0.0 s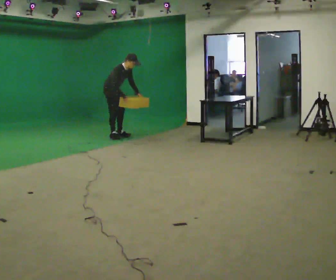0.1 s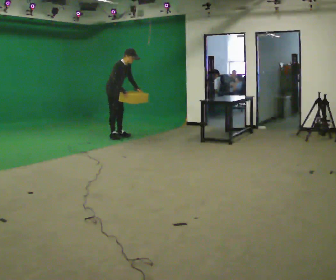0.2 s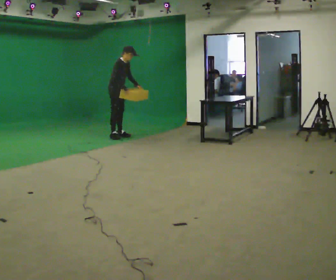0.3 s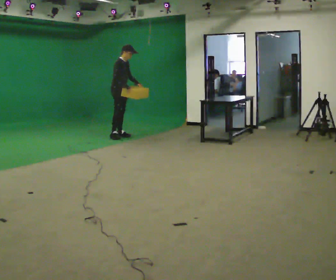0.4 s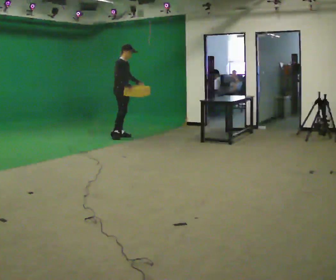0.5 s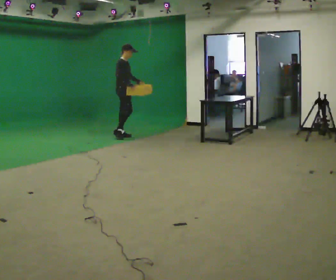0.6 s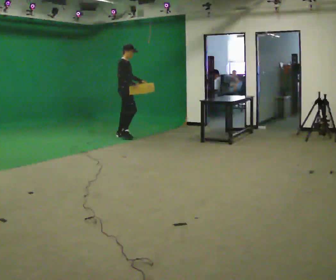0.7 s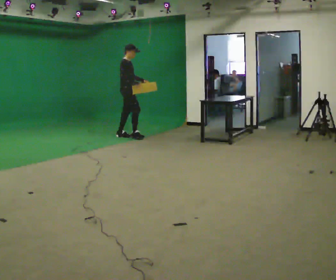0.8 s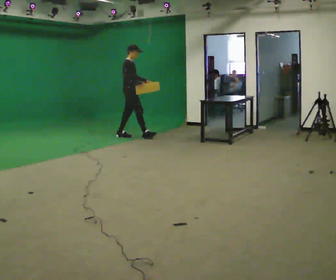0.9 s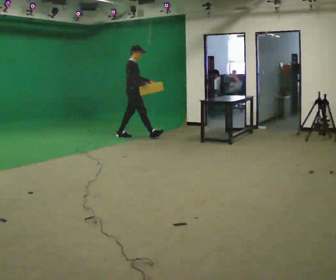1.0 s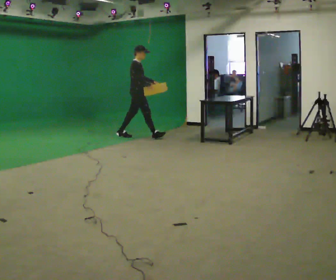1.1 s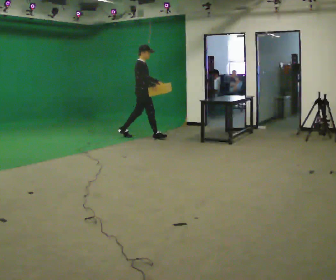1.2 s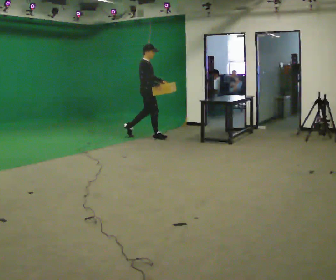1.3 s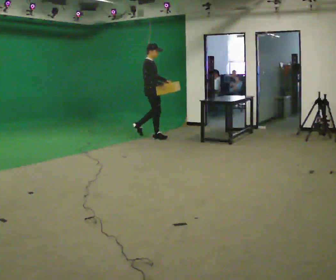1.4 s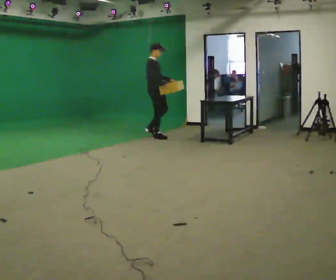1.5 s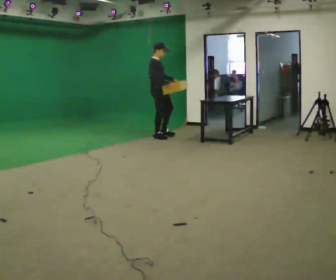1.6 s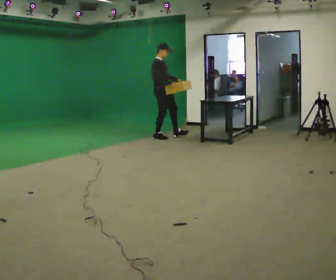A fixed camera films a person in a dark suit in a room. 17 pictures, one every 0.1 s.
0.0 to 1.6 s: In the picture they go to the right, about 1 m in 1 step, which for them is forward. In the picture the upper body tilts counterclockwise, shoulders to the left, as they lean back or straighten.
The film runs forward here.
